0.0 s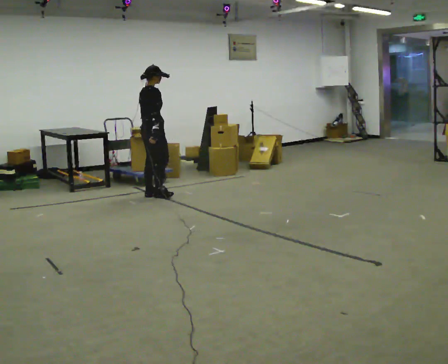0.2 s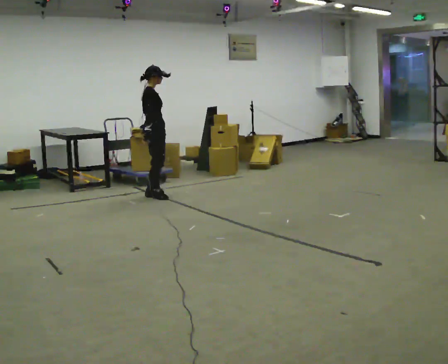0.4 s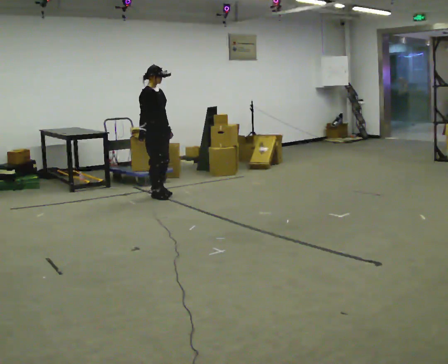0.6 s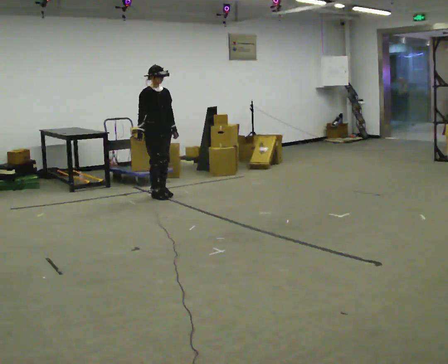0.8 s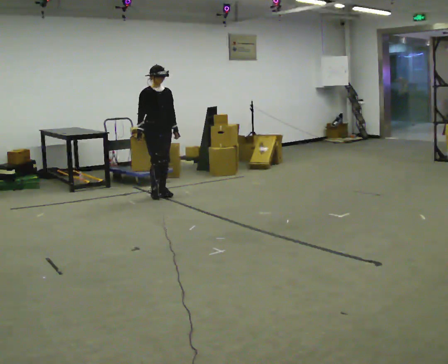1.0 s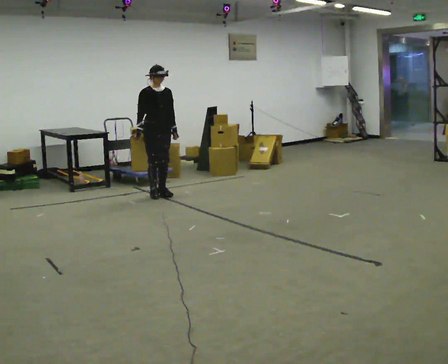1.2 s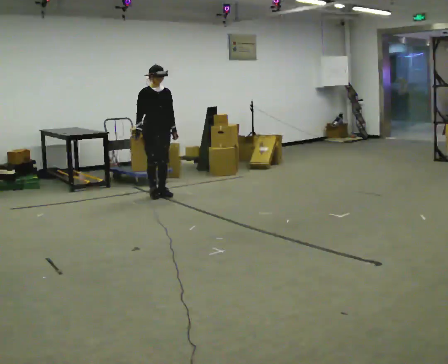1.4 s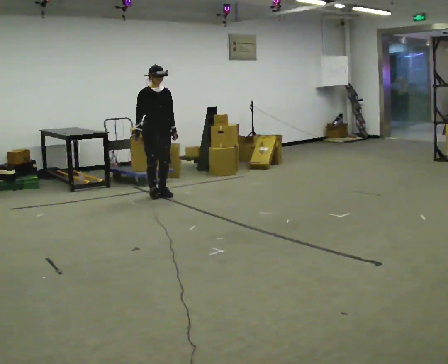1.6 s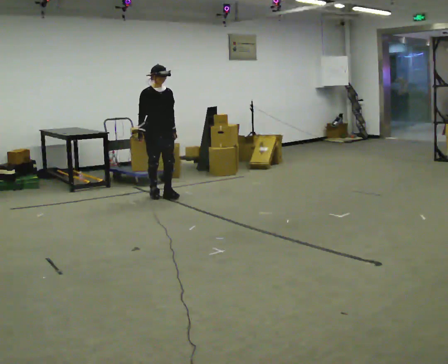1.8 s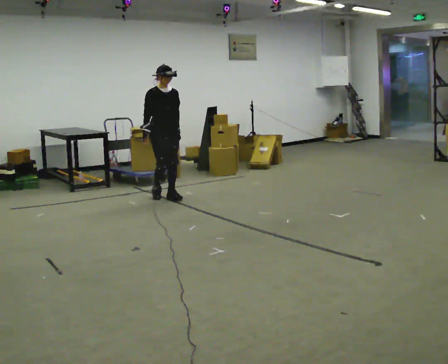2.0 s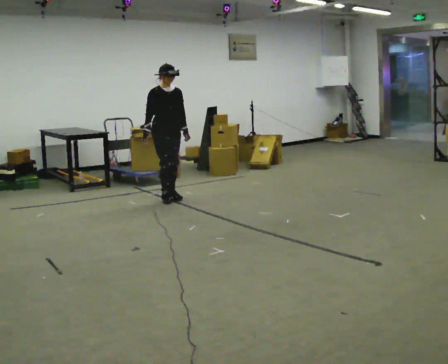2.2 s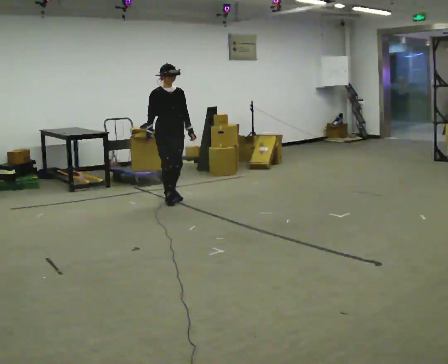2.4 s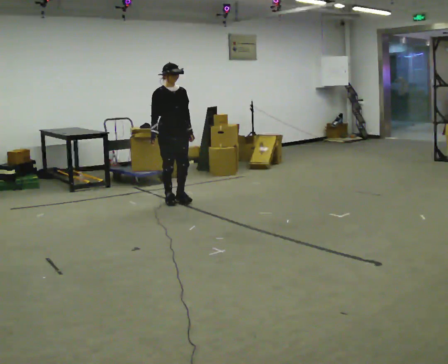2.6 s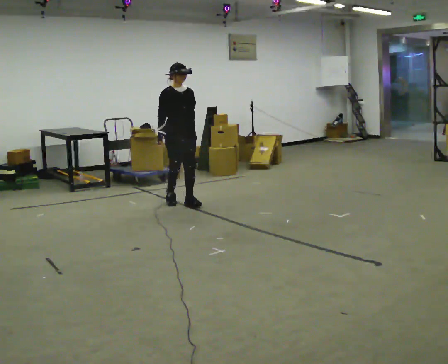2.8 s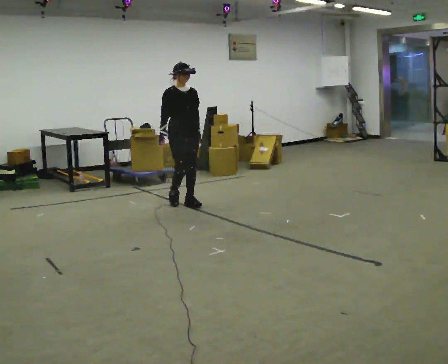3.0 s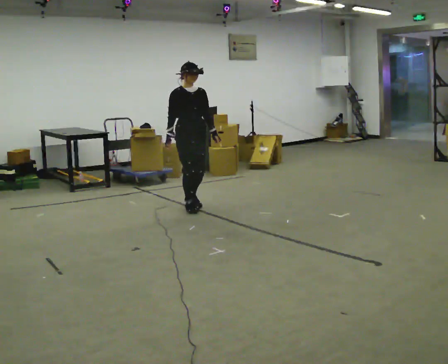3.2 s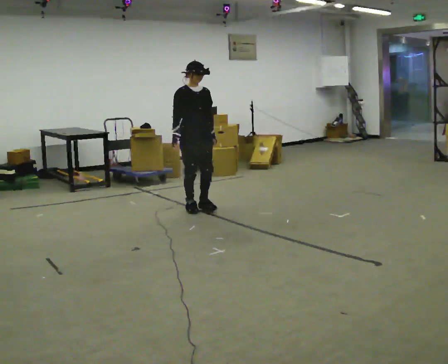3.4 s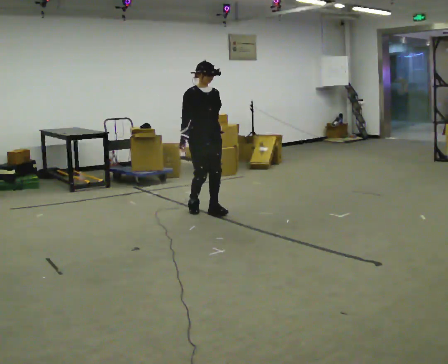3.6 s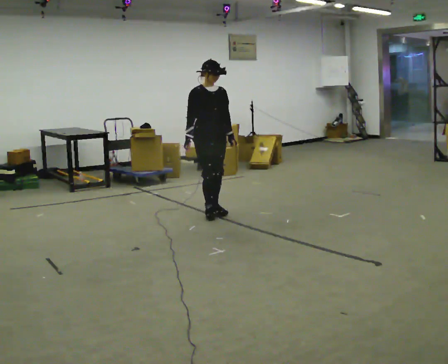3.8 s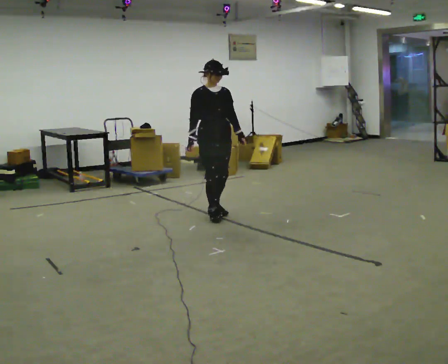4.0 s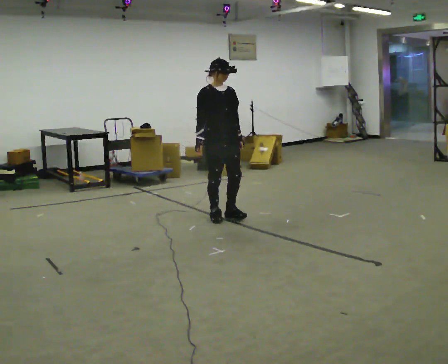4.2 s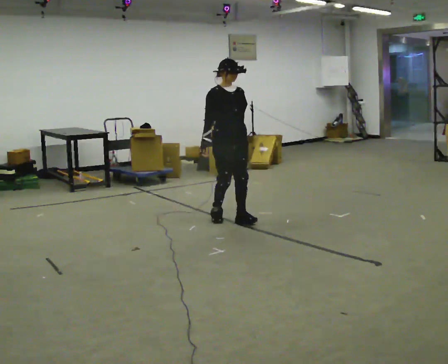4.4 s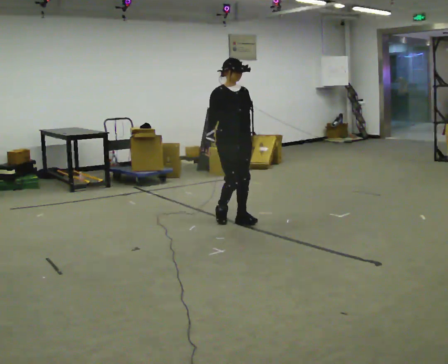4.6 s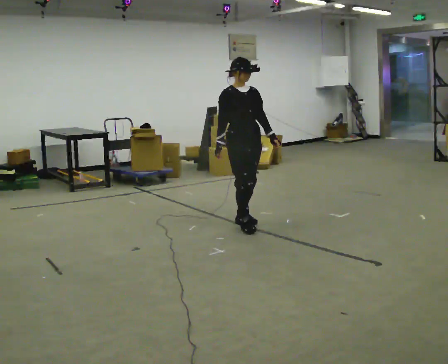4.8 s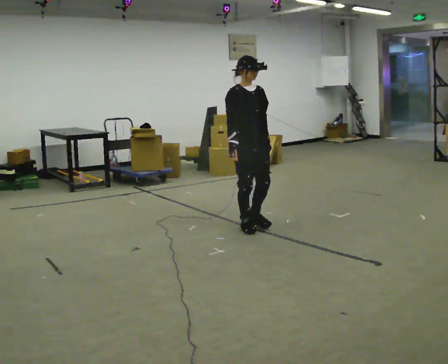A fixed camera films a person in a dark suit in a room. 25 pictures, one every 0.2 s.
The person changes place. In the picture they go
toward the camera.
0.0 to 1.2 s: Seen from above the body turns clockwise, about 90 degrees: to their right, with its near side sliding to the left. In the picture their left hand goes to the right.
1.2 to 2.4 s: In the picture they go toward the camera and to the right, about 0.5 m in 2 steps, which for them is forward.
2.4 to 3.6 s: In the picture they go toward the camera and to the right, about 0.75 m in 3 steps, which for them is forward.
3.6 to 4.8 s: In the picture they go toward the camera and to the right, about 0.75 m in 3 steps, which for them is forward.
The film runs forward here.
